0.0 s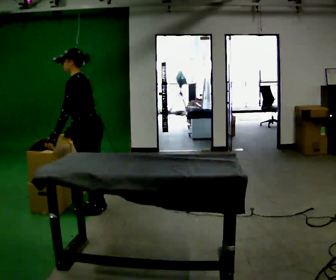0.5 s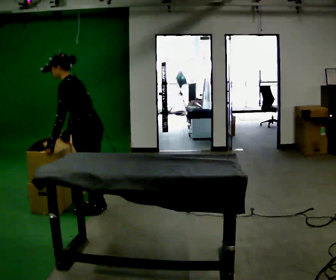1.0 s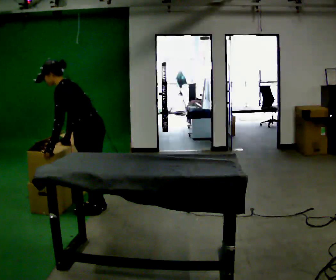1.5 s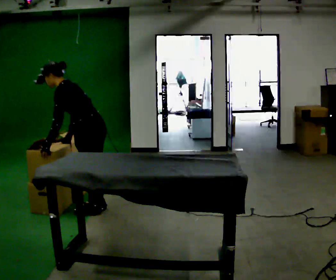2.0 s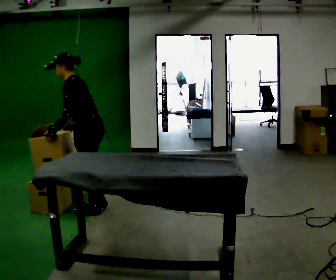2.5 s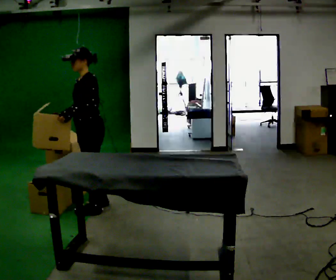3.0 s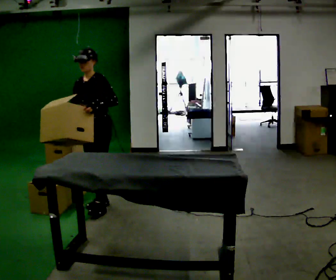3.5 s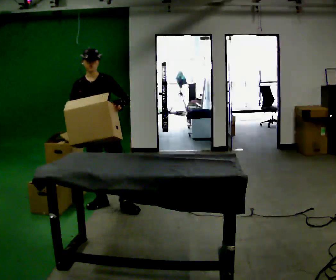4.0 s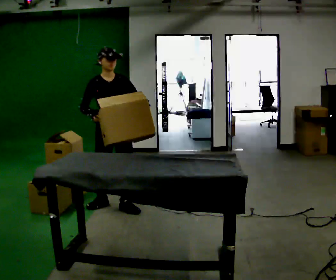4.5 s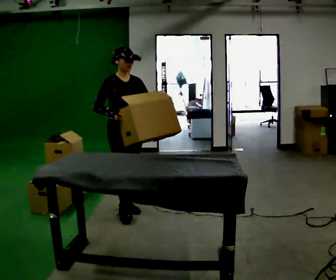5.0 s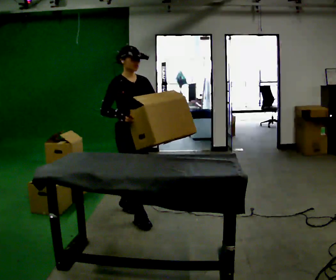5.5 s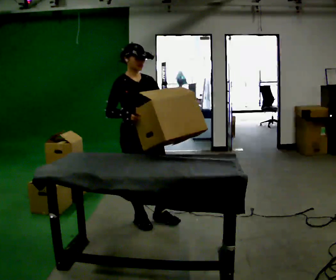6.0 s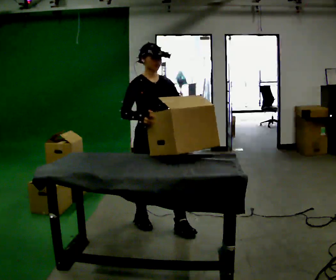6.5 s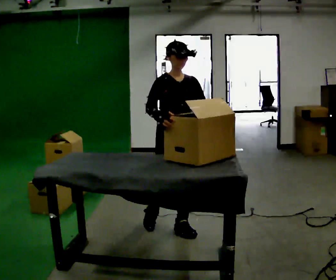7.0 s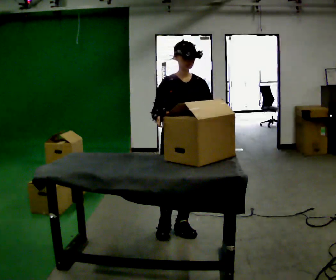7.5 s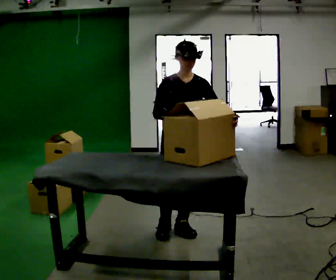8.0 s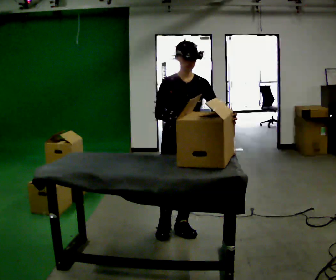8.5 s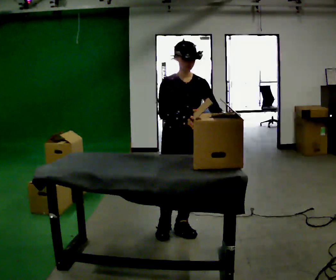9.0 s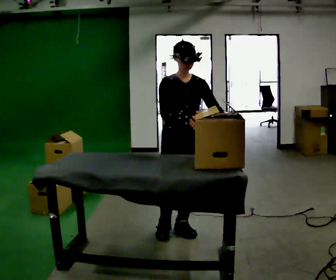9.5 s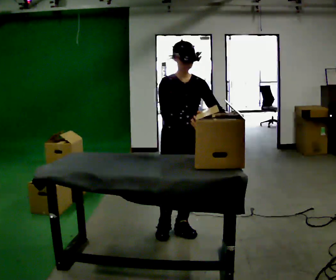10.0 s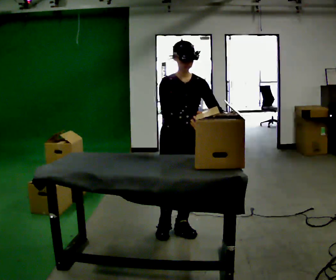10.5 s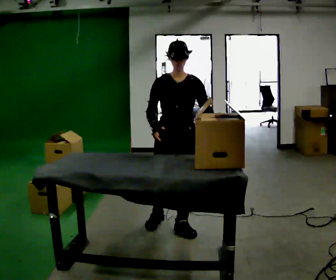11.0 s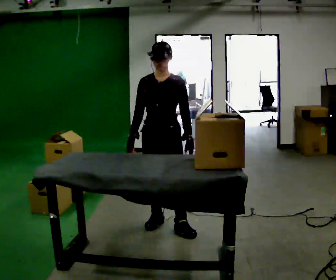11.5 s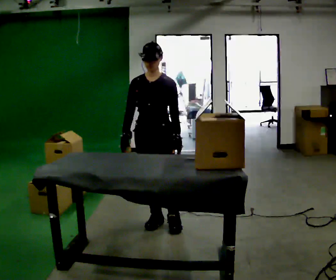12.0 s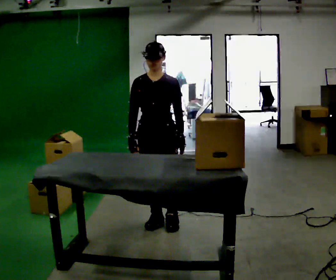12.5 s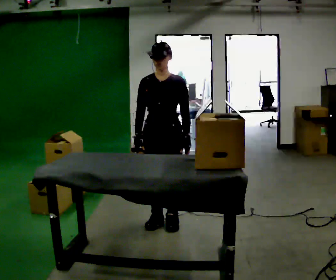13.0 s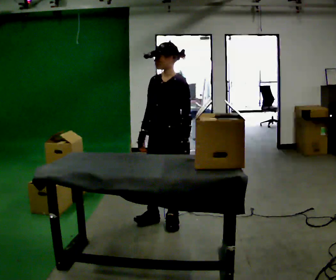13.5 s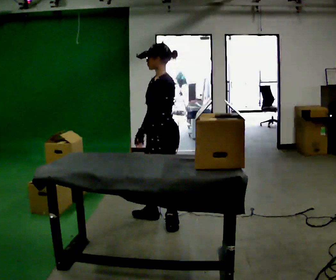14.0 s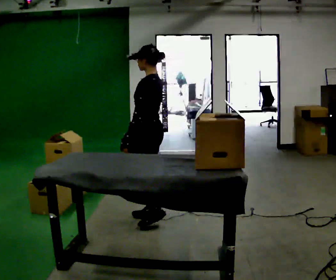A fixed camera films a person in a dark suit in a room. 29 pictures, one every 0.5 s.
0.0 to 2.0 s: The person moves a little, or ends about where they began.
2.0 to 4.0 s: The part of the body nearest the lens slides to the right as the person turns to their left by about 105 degrees. In the picture they go to the right, about 0.25 m in 1 step. In the picture the upper body tilts clockwise, shoulders to the right, as they lean back or straighten. In the picture their left hand goes to the right.
4.0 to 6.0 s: In the picture they go toward the camera and to the right, about 0.75 m in 2 steps, which for them is forward.
6.0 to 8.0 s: In the picture they go to the right, about 0.25 m in 1 step, which for them is to their left and forward.
8.0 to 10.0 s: The person moves a little, or ends about where they began.
10.0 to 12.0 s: In the picture they go to the left, about 0.25 m in 2 steps, which for them is to their right. In the picture their right hand goes to the left.
12.0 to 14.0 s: Seen from above the body turns clockwise, about 90 degrees: to their right, with its near side sliding to the left. In the picture they go away from the camera, about 0.25 m.
The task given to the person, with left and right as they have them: Pick an object up off the floor at one end of the room, carry it across, and place it on the waist-height shelf at the other end. Keep going until the operator says stop; one object at a time, and do not rush between trips.
The film runs forward here.
